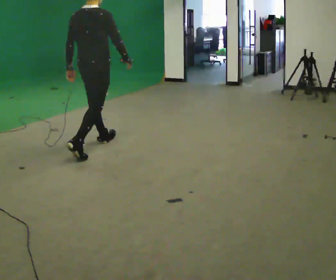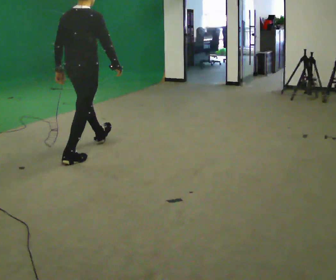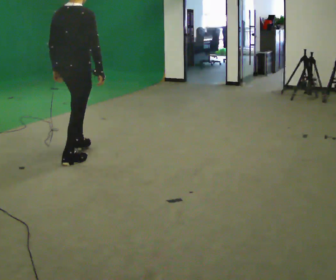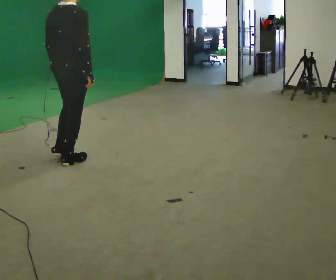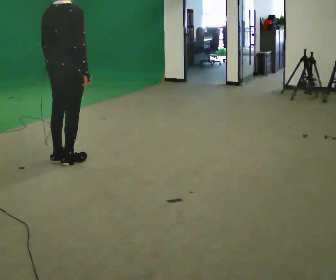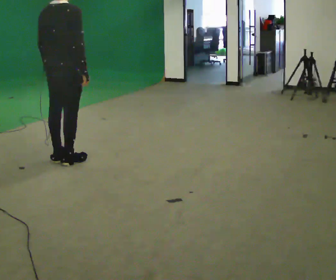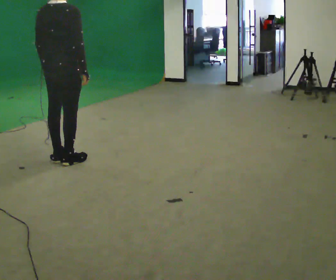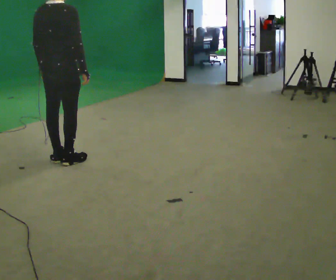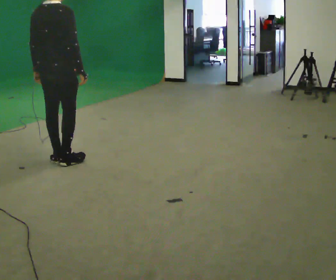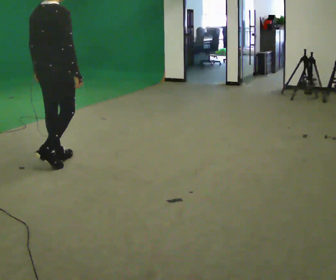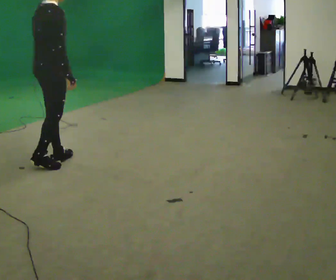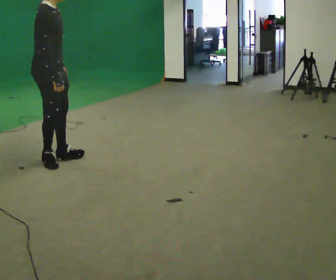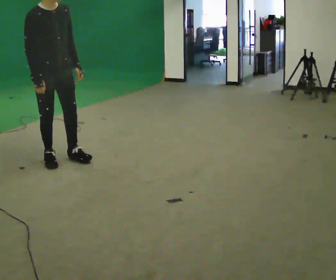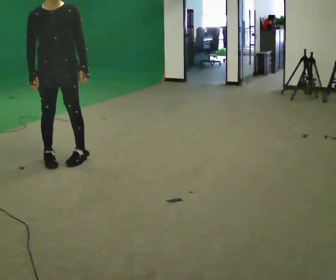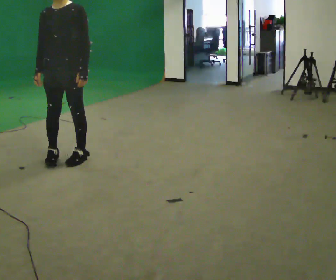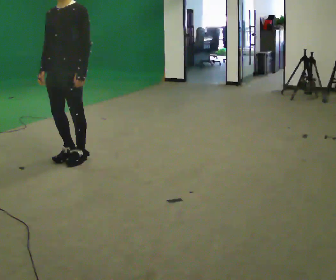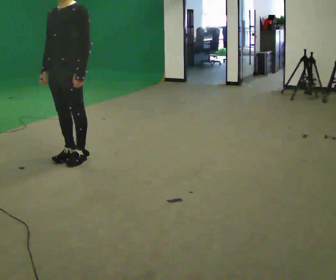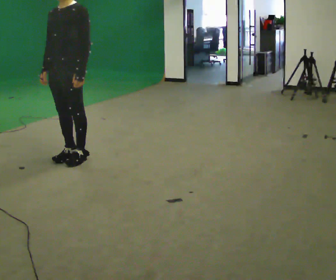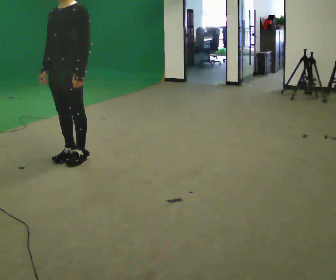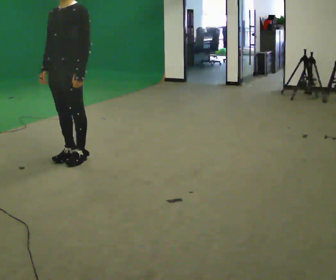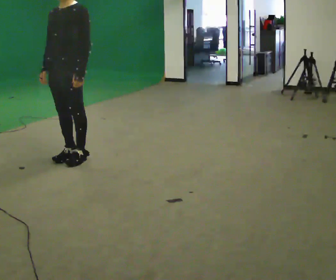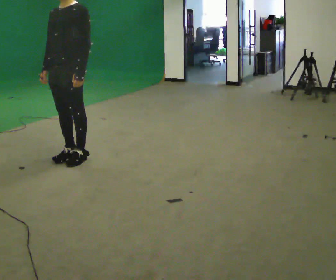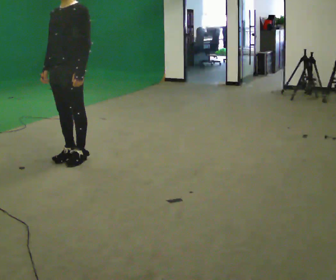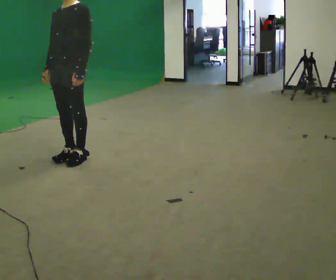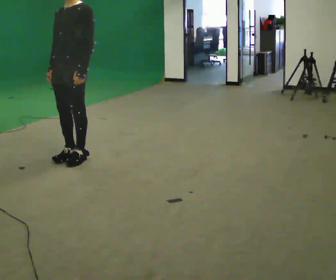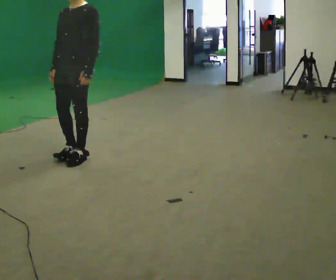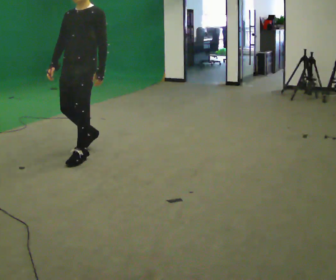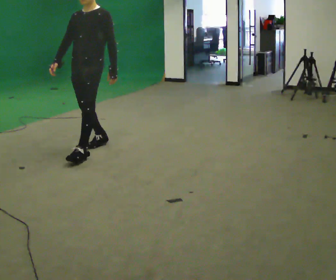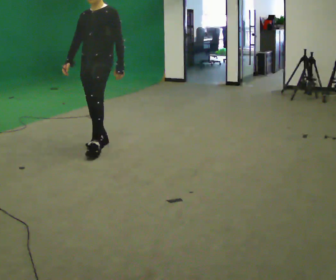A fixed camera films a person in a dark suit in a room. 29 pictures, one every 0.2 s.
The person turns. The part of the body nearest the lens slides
to the left.
The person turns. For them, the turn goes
to their right.
0.0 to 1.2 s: In the picture they go to the left and toward the camera, about 0.5 m in 1 step, which for them is backward.
1.2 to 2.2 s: Seen from above the body turns clockwise, about 75 degrees: to their right, with its near side sliding to the left.
2.2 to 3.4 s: Seen from above the body turns clockwise, about 120 degrees: to their right, with its near side sliding to the left. In the picture they go to the right, about 0.25 m in 1 step.
3.4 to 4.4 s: The person moves a little, or ends about where they began.
4.4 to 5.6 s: In the picture they go away from the camera and to the right, about 0.5 m in 2 steps, which for them is backward.
The film runs backward here.
